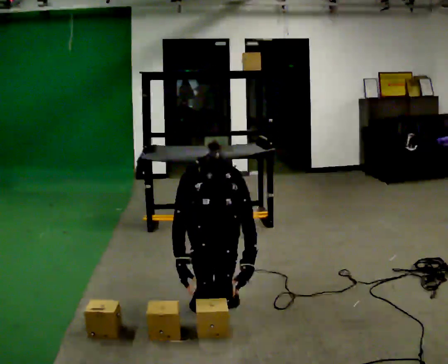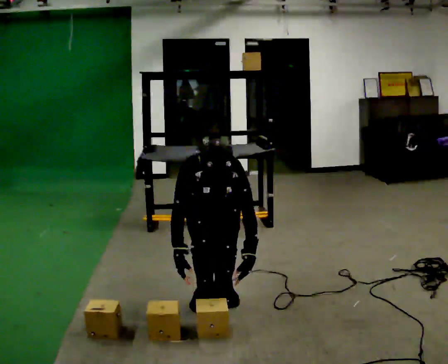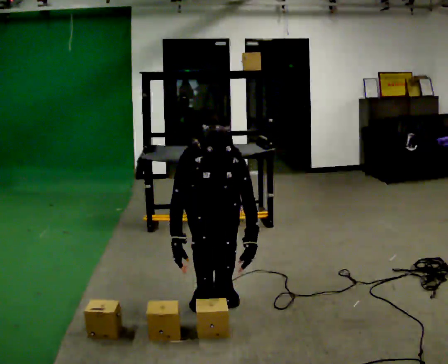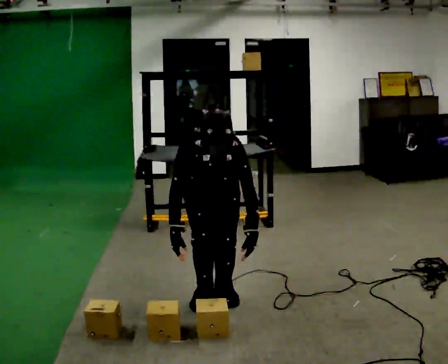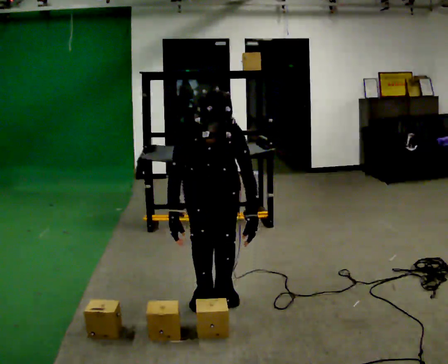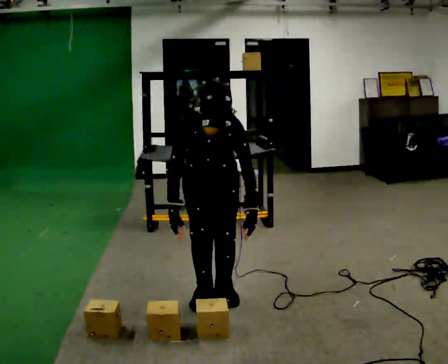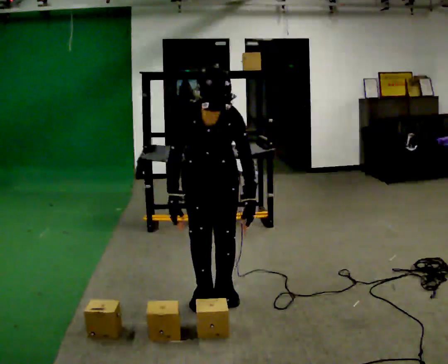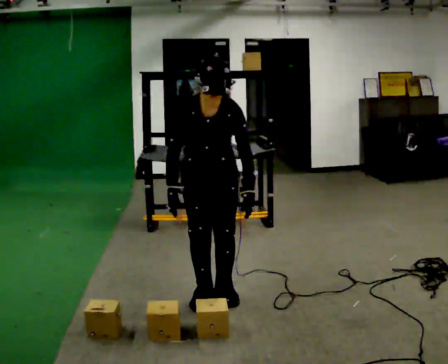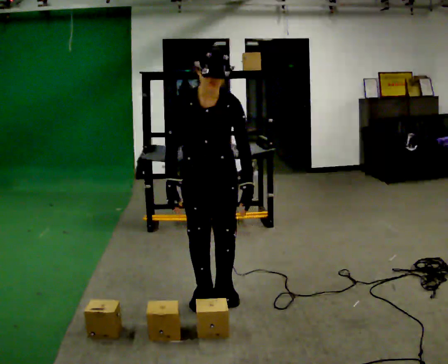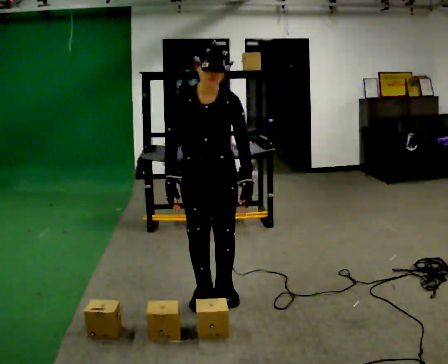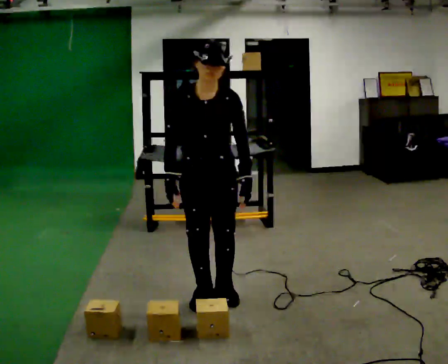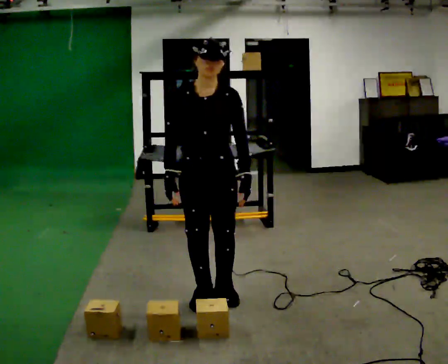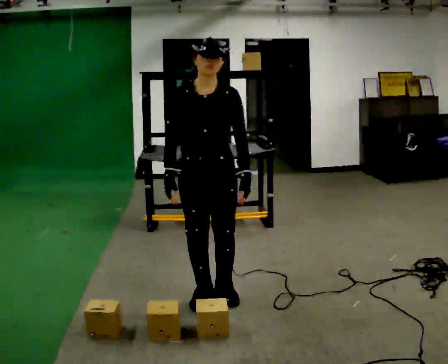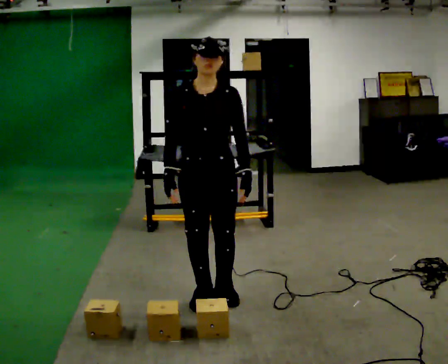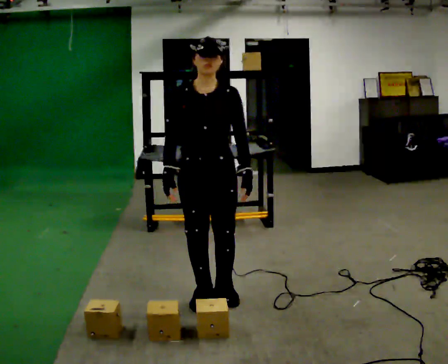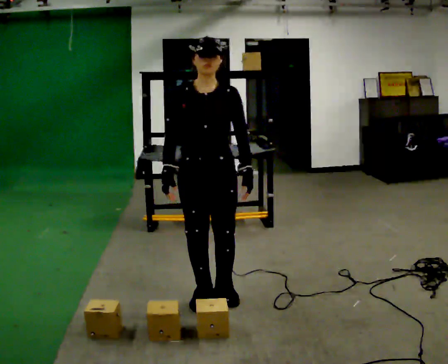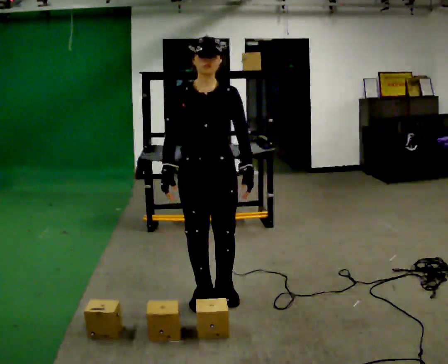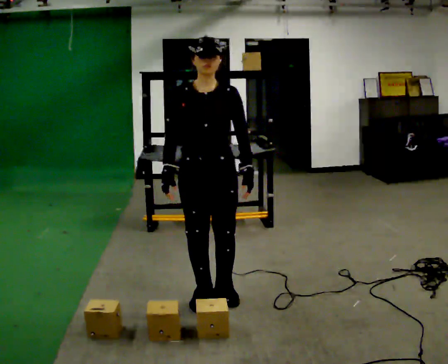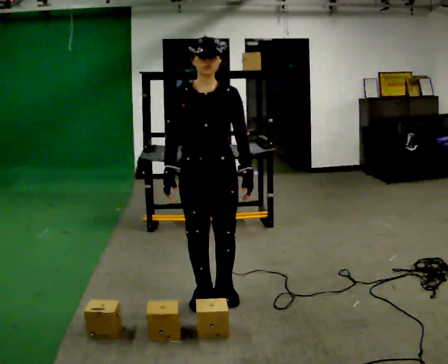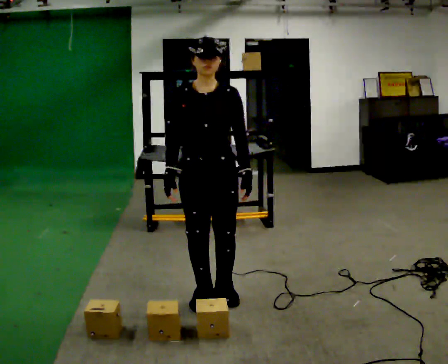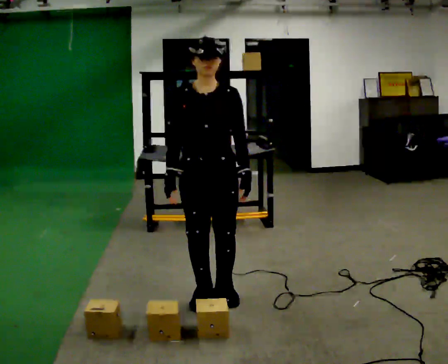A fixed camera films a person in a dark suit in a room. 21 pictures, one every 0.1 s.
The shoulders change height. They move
upward.
Their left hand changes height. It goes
upward.
0.0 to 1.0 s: The shoulders move upward. The upper body tips away from the camera, its near side rolling upward, as they lean back or straighten. In the picture their left hand goes upward.
1.0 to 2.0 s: The upper body tips away from the camera, its near side rolling upward, as they lean back or straighten.
The film runs forward here.
